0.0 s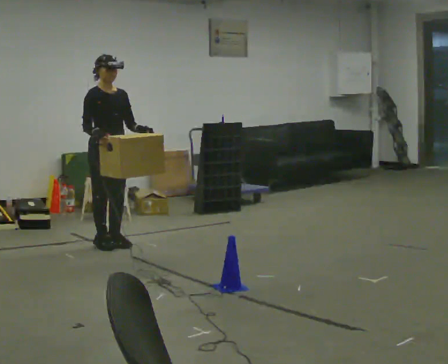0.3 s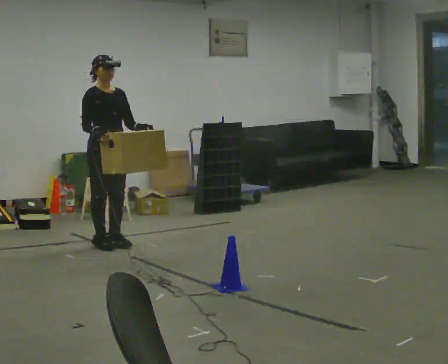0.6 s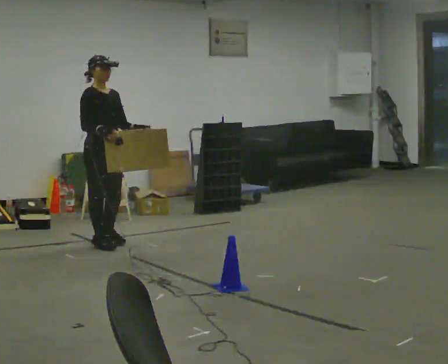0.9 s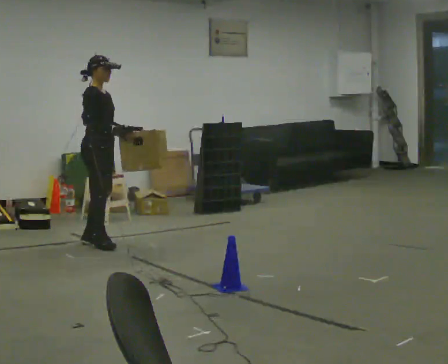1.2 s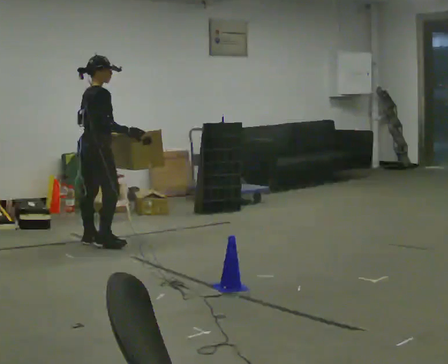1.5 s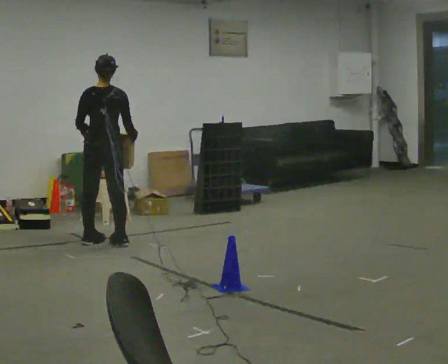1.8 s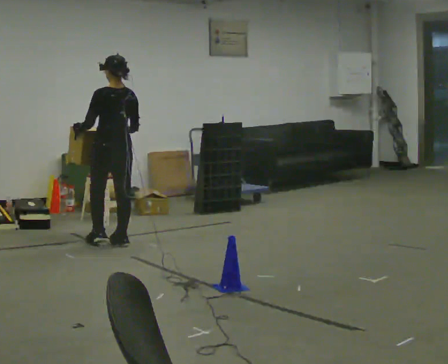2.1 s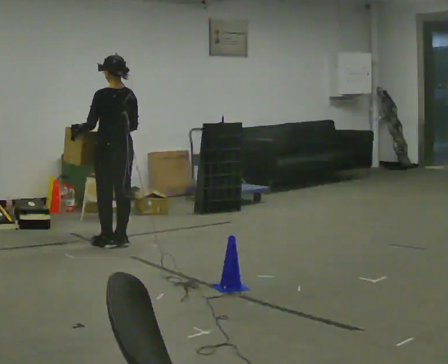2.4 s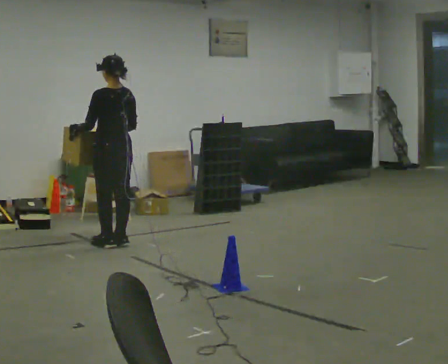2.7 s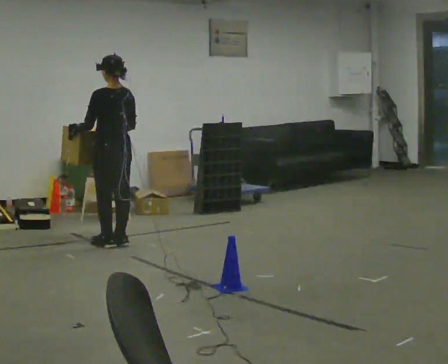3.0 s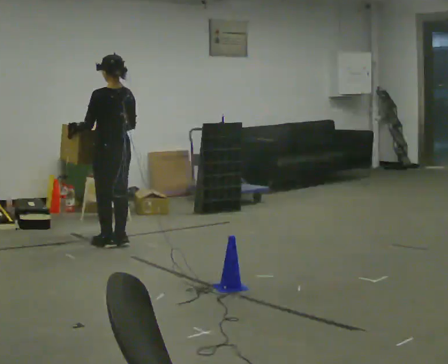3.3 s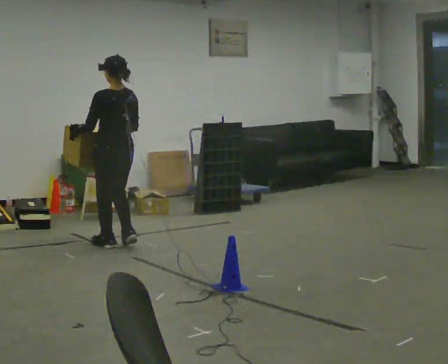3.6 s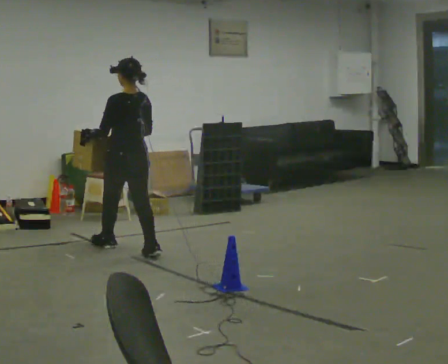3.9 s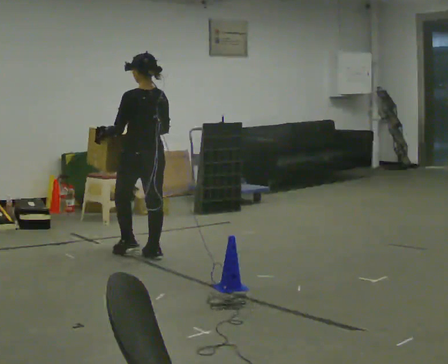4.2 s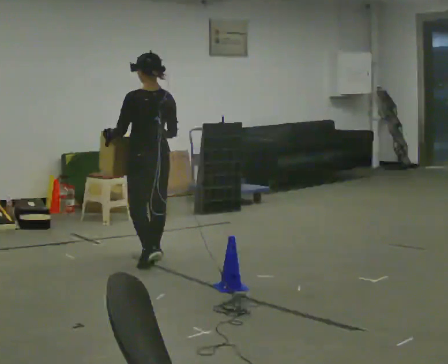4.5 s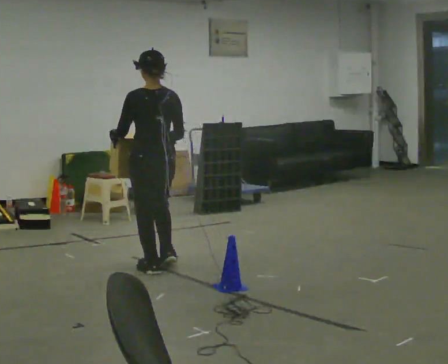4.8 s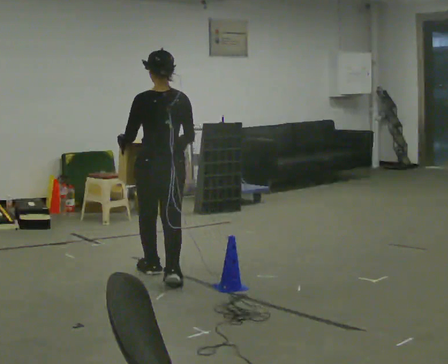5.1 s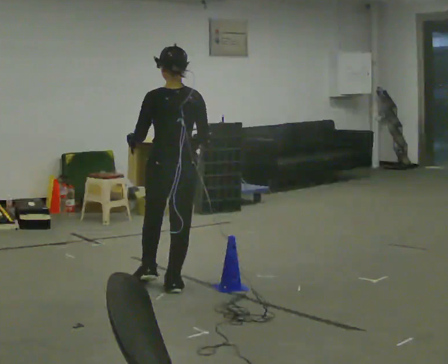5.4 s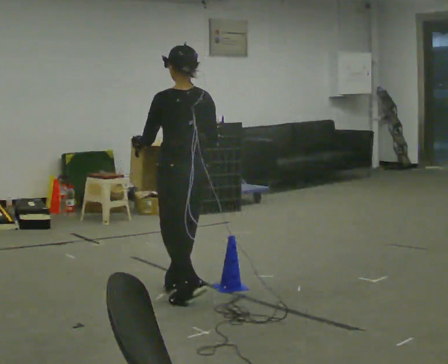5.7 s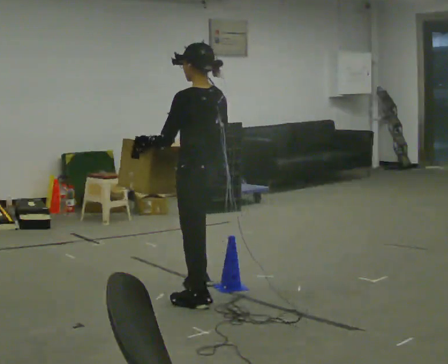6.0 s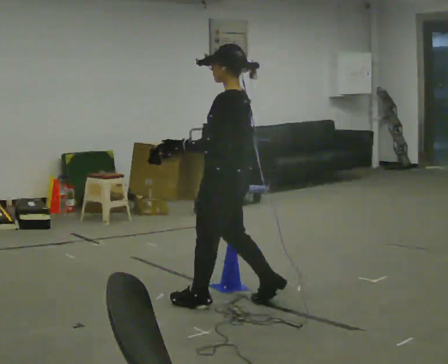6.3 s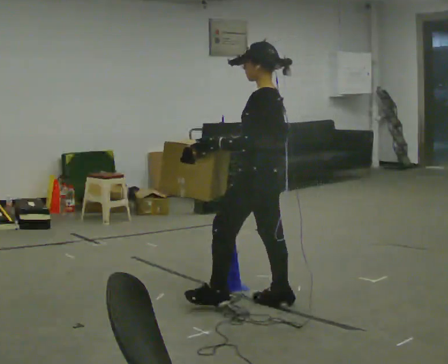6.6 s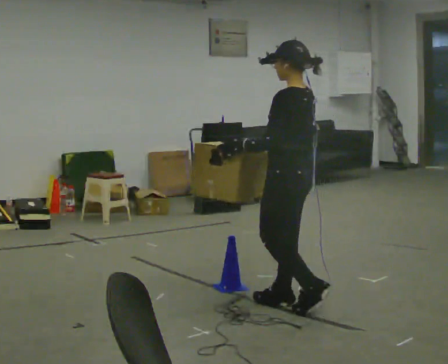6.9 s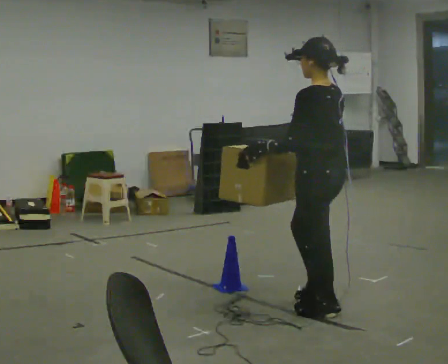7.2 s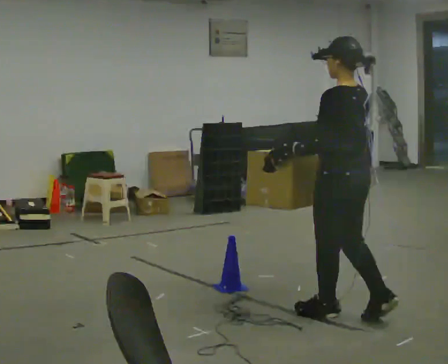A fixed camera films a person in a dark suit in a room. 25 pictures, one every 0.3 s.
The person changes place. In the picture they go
toward the camera.
0.0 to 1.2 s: The person turns about 75 degrees to their left, counterclockwise seen from above, so the part of the body nearest the lens slides to the right.
1.2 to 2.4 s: The person turns about 105 degrees to their left, counterclockwise seen from above, so the part of the body nearest the lens slides to the right. In the picture they go to the right, about 0.25 m in 1 step.
2.4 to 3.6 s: In the picture they go toward the camera, about 0.25 m in 1 step, which for them is backward.
3.6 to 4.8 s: In the picture they go toward the camera, about 1 m in 2 steps, which for them is backward.
4.8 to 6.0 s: The part of the body nearest the lens slides to the right as the person turns to their left by about 45 degrees. In the picture they go toward the camera and to the right, about 1 m in 2 steps, which for them is backward.
6.0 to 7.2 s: In the picture they go to the right and toward the camera, about 0.5 m in 2 steps, which for them is backward.
The film runs backward here.
